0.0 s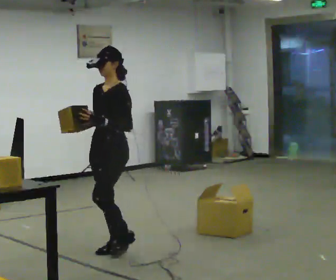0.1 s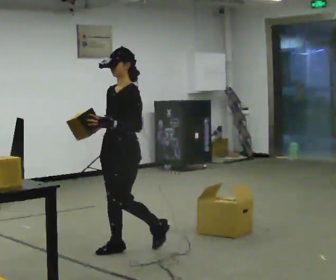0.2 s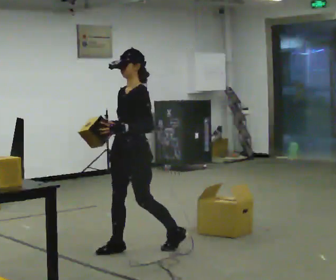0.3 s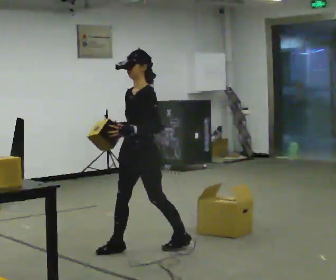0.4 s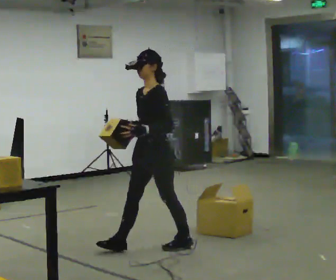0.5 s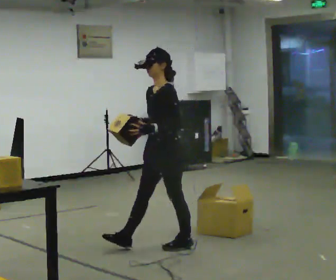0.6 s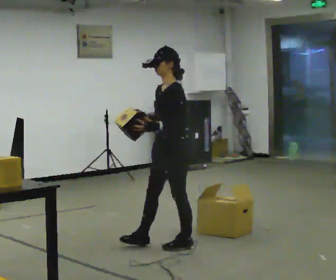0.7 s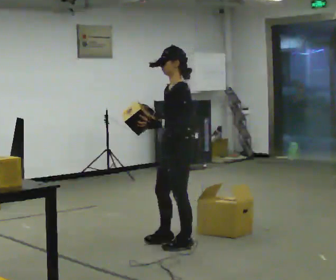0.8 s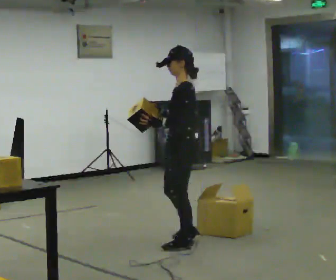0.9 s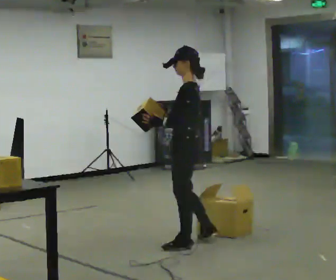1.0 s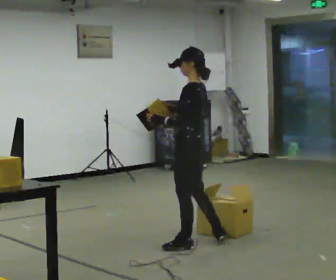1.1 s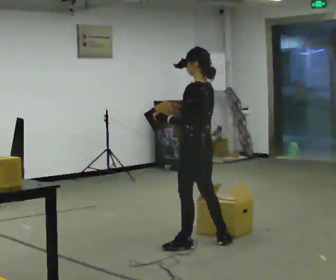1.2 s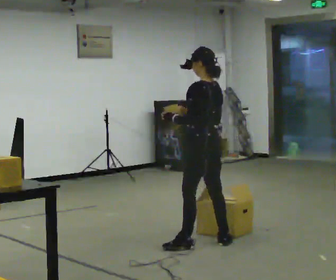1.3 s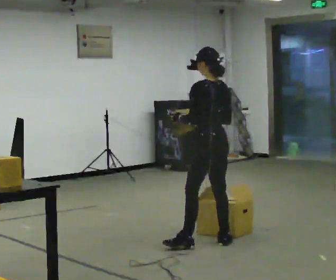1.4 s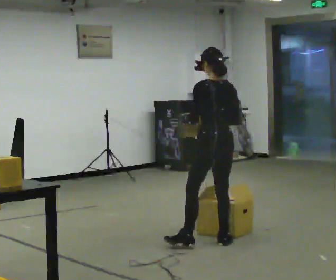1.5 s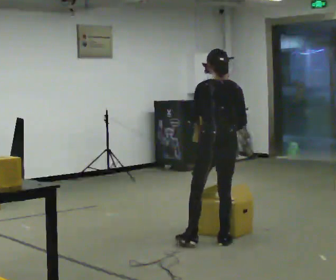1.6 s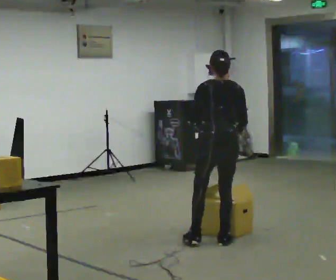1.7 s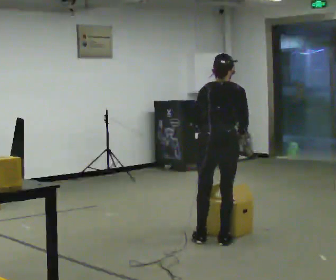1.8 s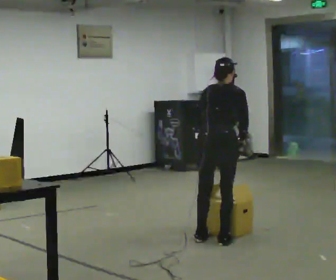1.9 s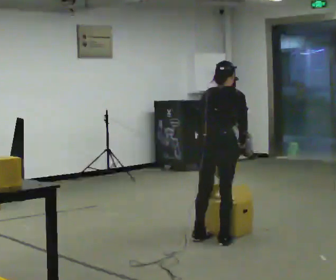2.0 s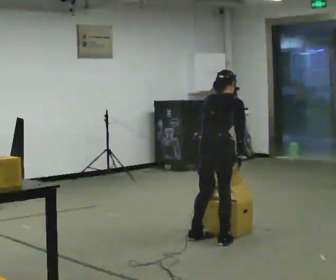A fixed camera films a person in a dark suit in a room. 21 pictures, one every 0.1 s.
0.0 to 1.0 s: The part of the body nearest the lens slides to the left as the person turns to their right by about 60 degrees. In the picture they go to the right, about 0.75 m in 1 step, which for them is backward.
1.0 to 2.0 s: The part of the body nearest the lens slides to the left as the person turns to their right by about 90 degrees. In the picture they go to the right, about 0.25 m in 1 step. The upper body tips away from the camera, its near side rolling upward, as they bend forward. In the picture their right hand goes to the right and downward.
The film runs backward here.
